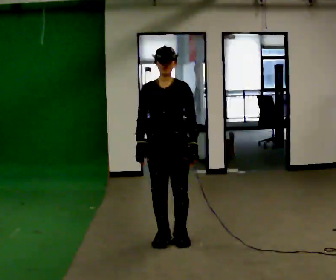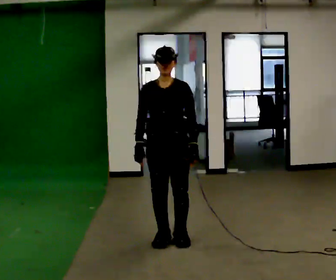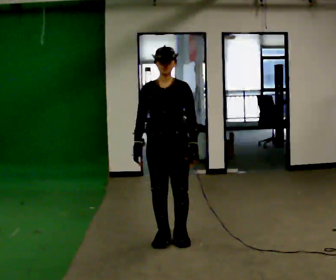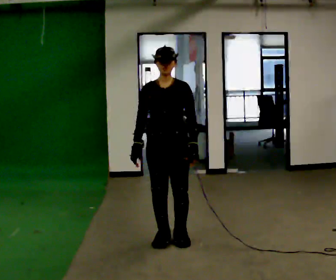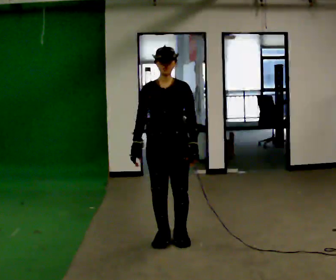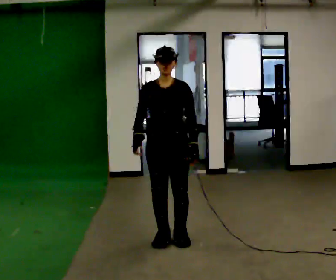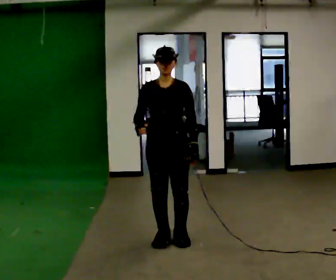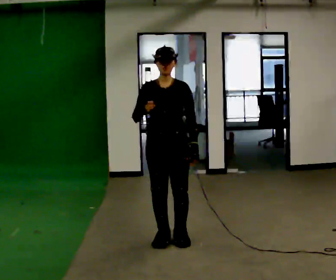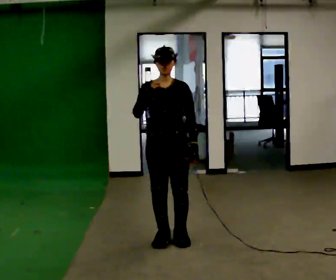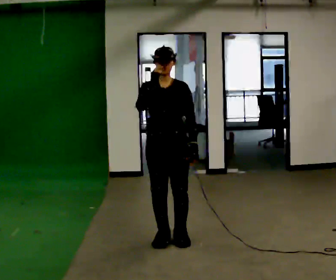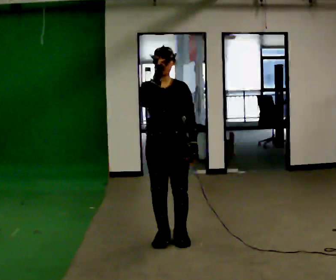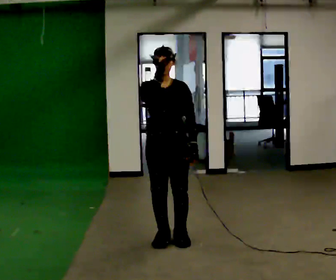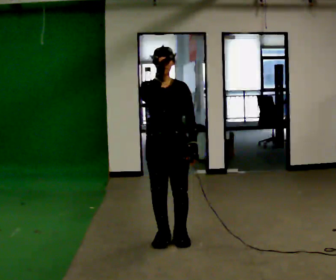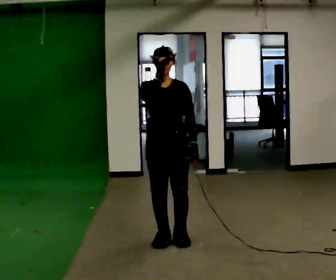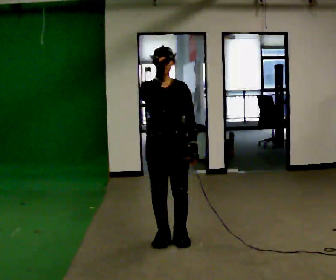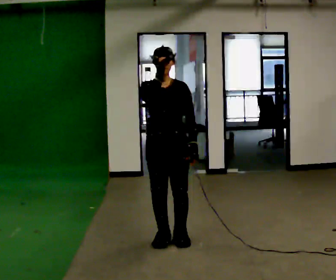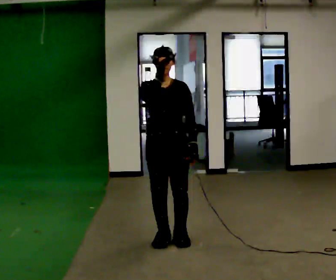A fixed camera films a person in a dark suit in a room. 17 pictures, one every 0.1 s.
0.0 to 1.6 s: In the picture their right hand goes upward.
The film runs backward here.
